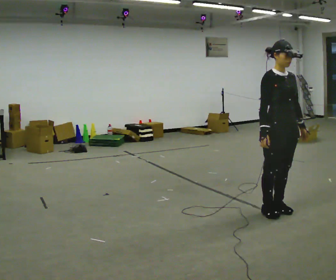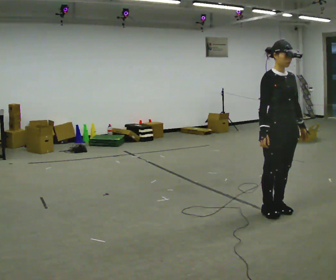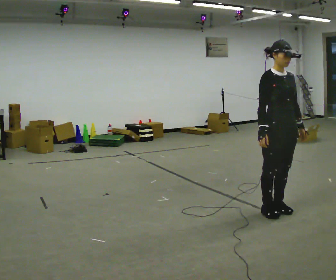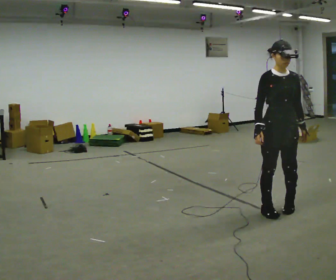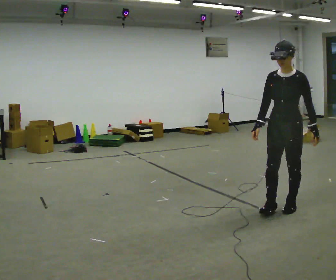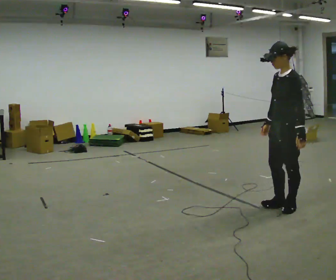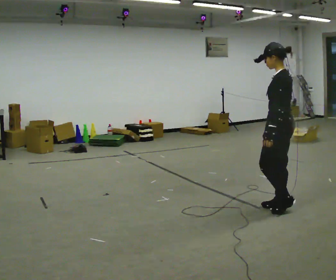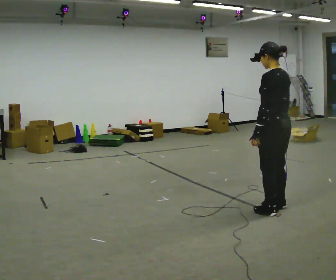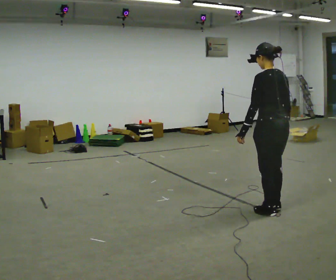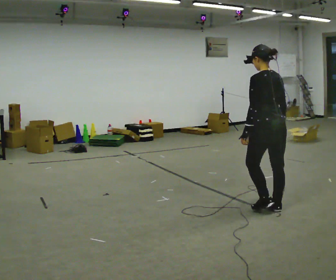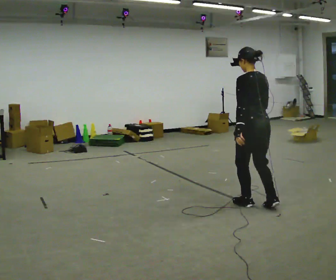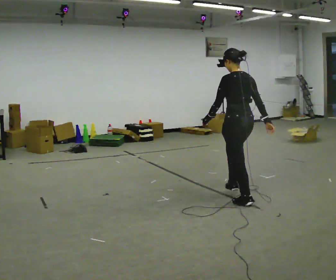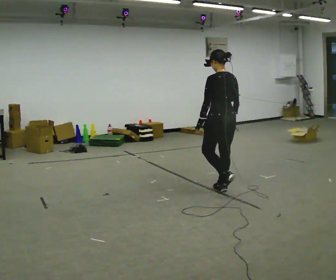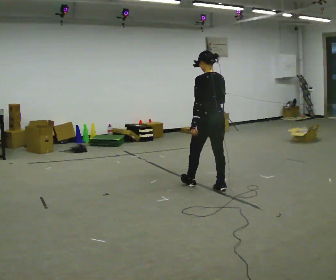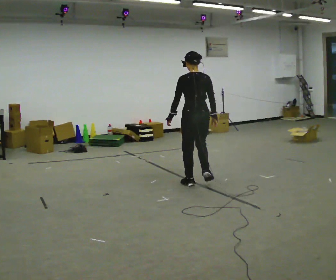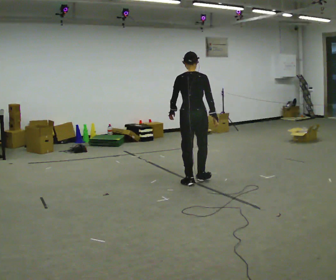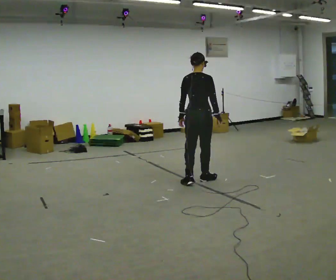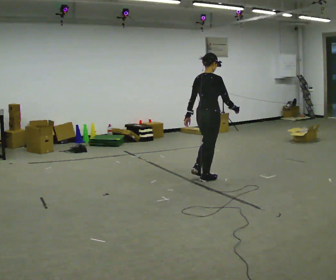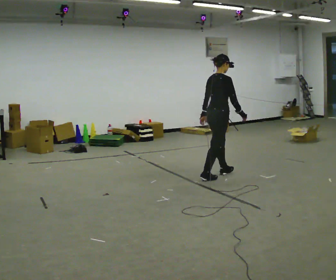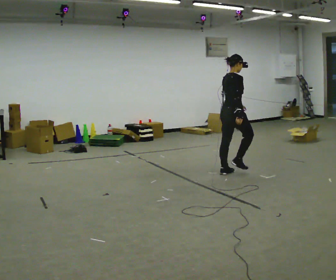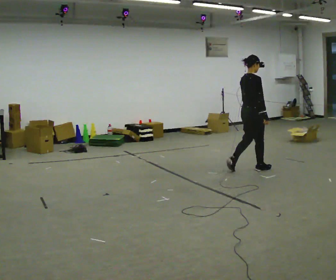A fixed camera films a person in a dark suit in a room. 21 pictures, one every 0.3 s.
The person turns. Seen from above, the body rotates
clockwise.
The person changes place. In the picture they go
away from the camera.
0.0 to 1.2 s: The part of the body nearest the lens slides to the left as the person turns to their right by about 60 degrees.
1.2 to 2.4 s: The part of the body nearest the lens slides to the left as the person turns to their right by about 120 degrees. In the picture their left hand goes to the left, the arm swinging clockwise.
2.4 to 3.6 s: In the picture they go away from the camera and to the left, about 1 m in 2 steps, which for them is forward.
3.6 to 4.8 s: The person turns about 60 degrees to their right, clockwise seen from above, so the part of the body nearest the lens slides to the left. In the picture they go away from the camera and to the left, about 0.5 m in 2 steps, which for them is forward.
4.8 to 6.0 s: Seen from above the body turns clockwise, about 45 degrees: to their right, with its near side sliding to the left. In the picture they go to the right and away from the camera, about 1 m in 2 steps, which for them is forward.
The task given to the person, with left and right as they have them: Walk normally; turn left/right while slowing; after turn accelerate back to normal.
The film runs forward here.
